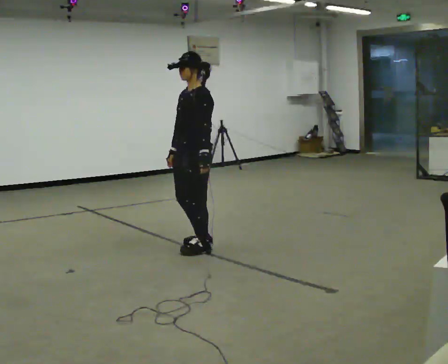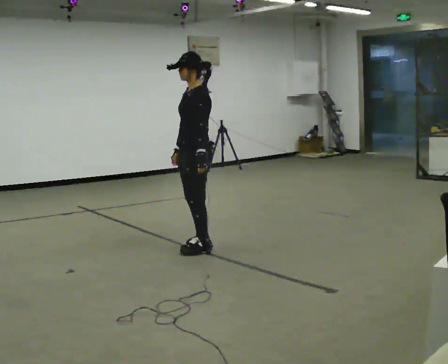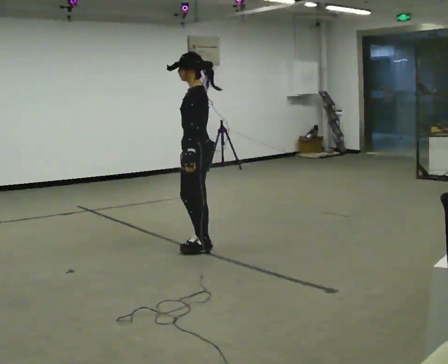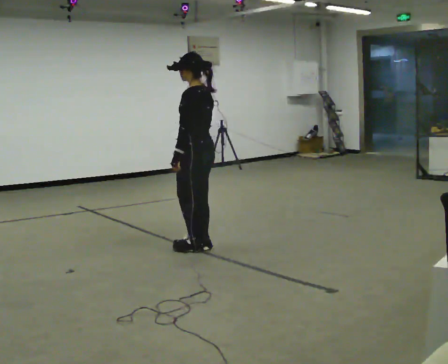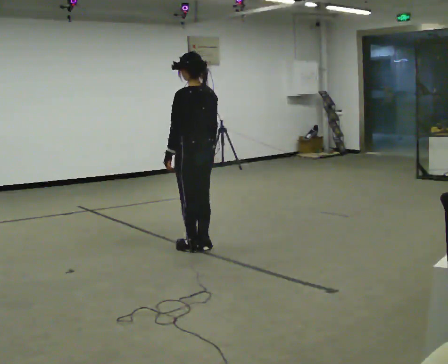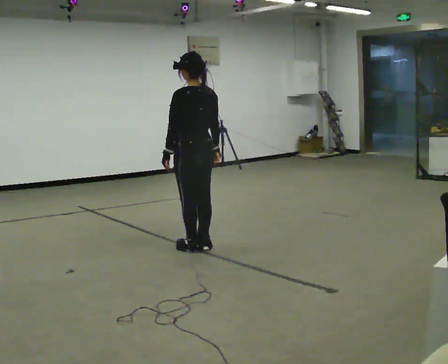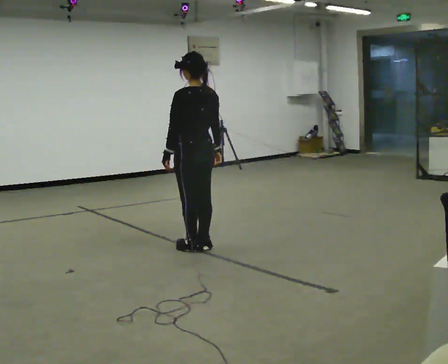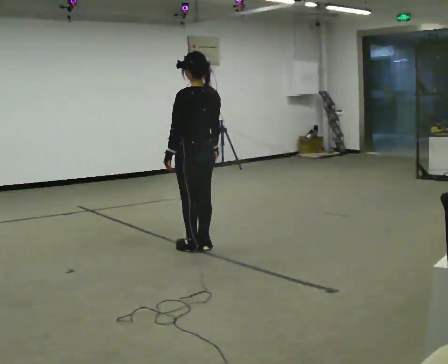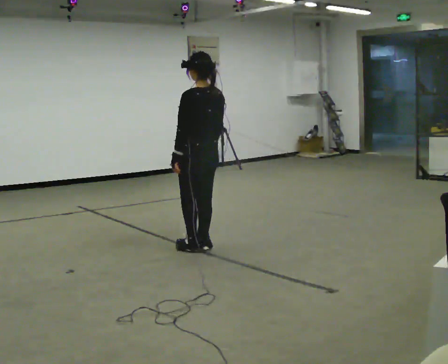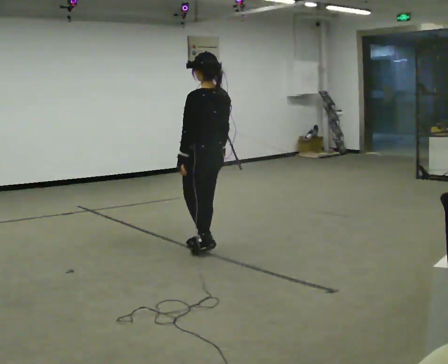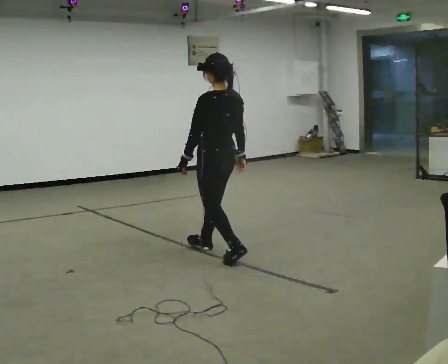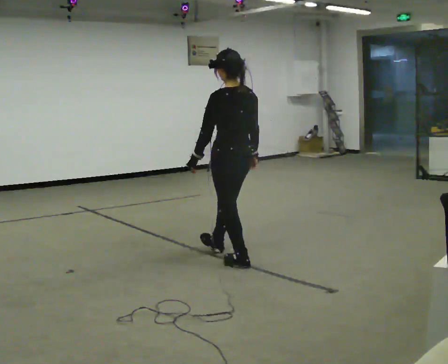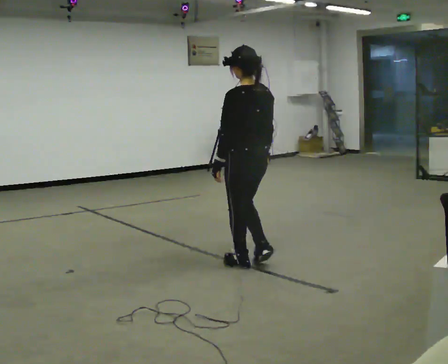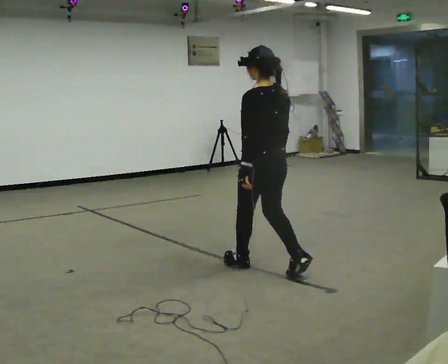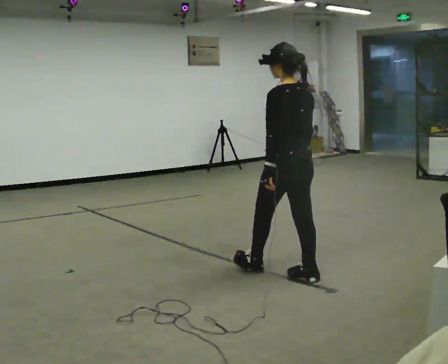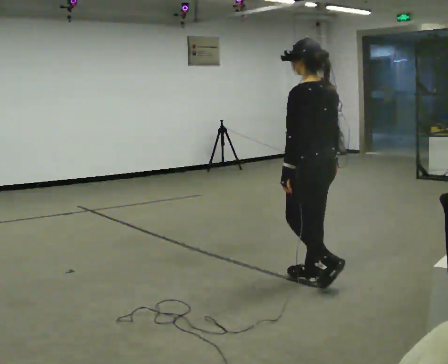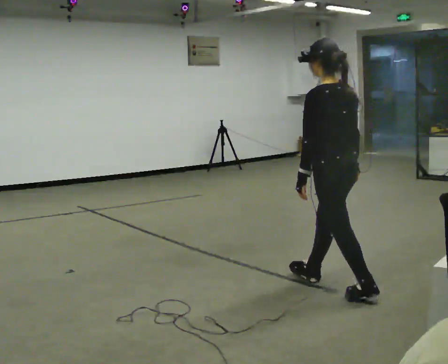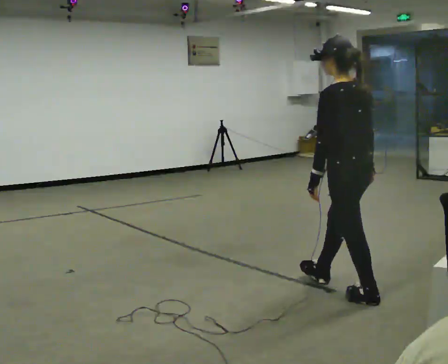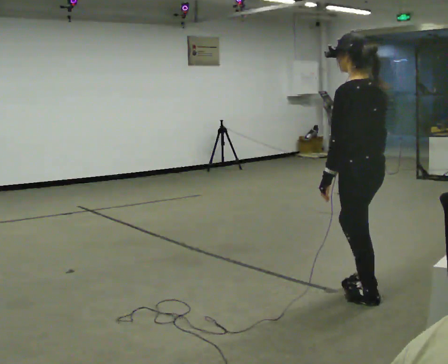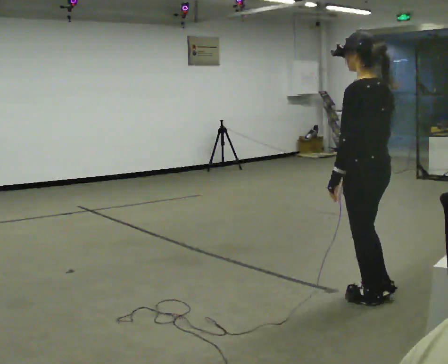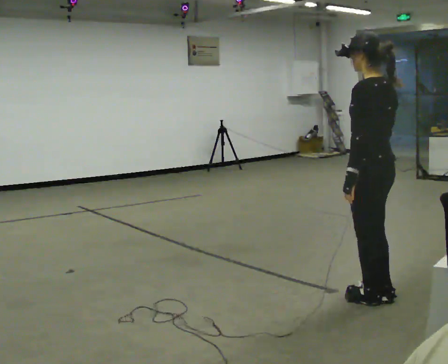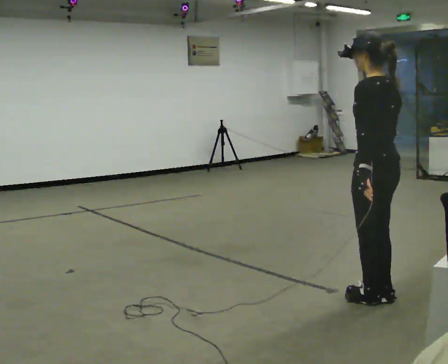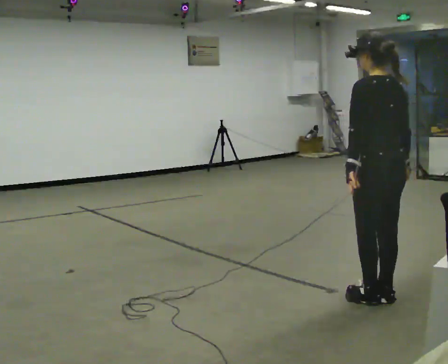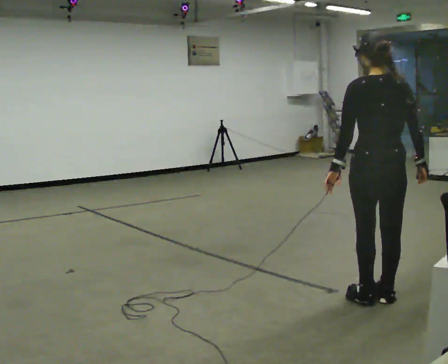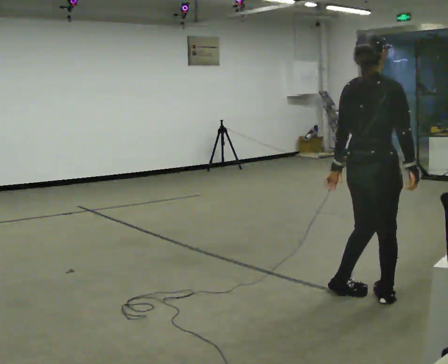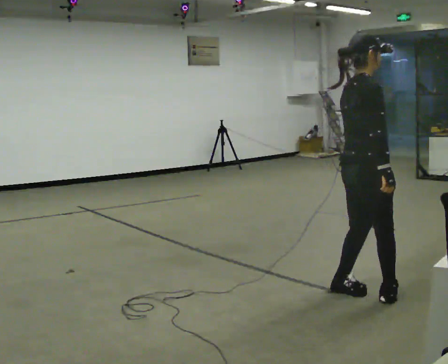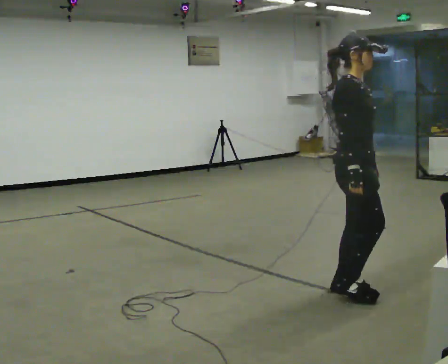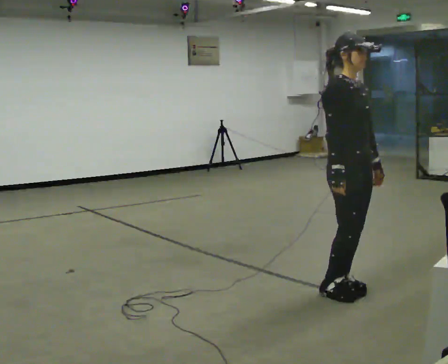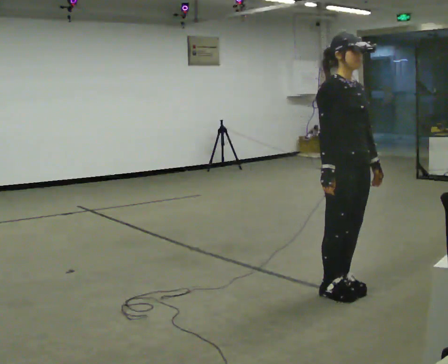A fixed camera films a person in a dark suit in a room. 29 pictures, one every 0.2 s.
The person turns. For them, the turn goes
to their right.
The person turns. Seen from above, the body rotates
clockwise.
0.0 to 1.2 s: The person turns about 75 degrees to their right, clockwise seen from above, so the part of the body nearest the lens slides to the left. In the picture their right hand goes to the right.
1.2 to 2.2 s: In the picture they go toward the camera and to the right, about 0.5 m in 2 steps, which for them is backward.
2.2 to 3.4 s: In the picture they go toward the camera and to the right, about 1 m in 2 steps, which for them is backward.
3.4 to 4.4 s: In the picture they go to the right, about 0.25 m, which for them is backward.
4.4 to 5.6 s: Seen from above the body turns clockwise, about 165 degrees: to their right, with its near side sliding to the left. In the picture they go to the left and away from the camera, about 0.25 m in 2 steps.
The film runs backward here.
